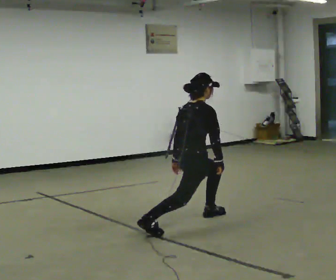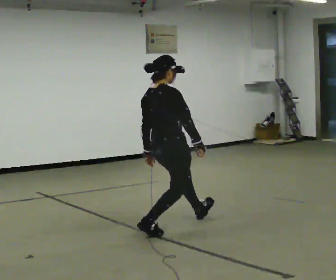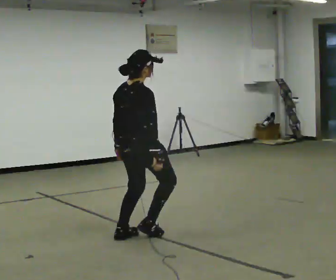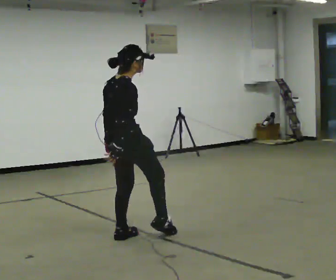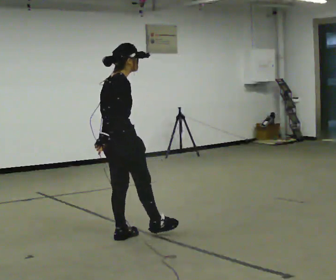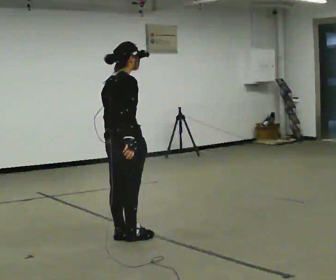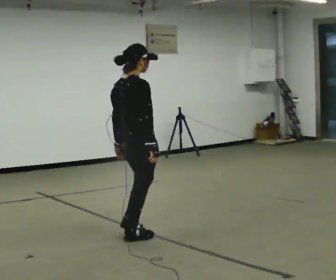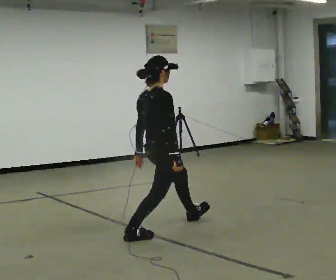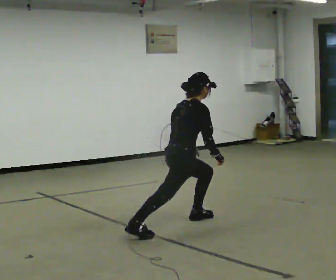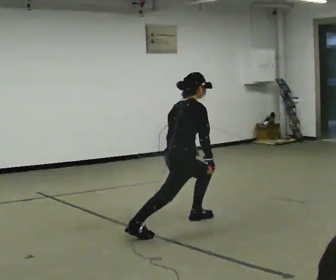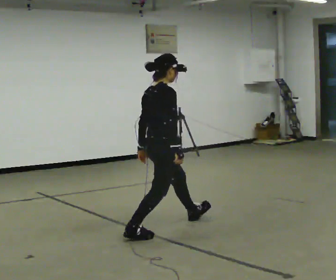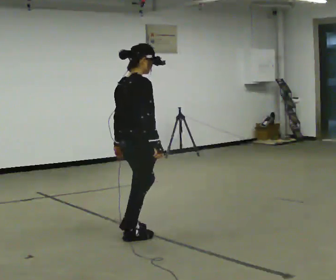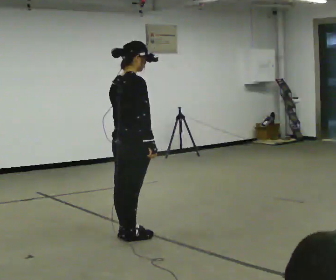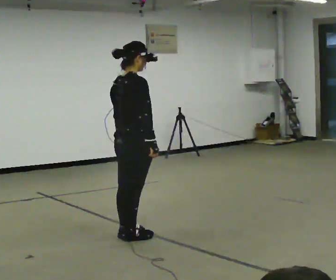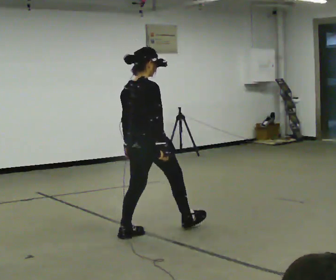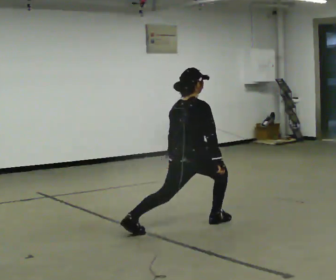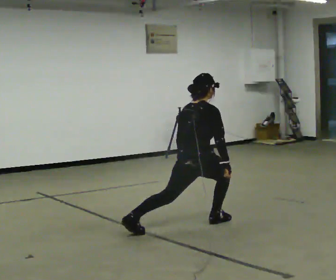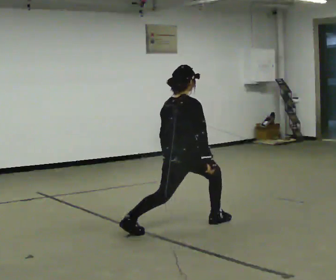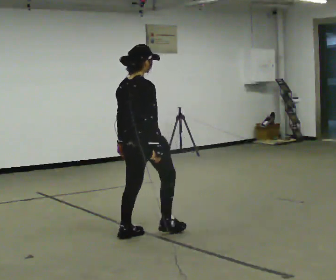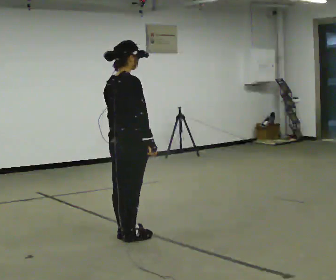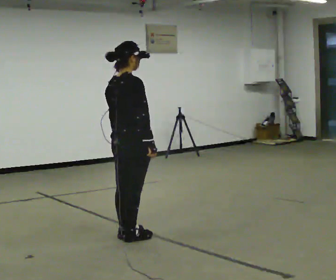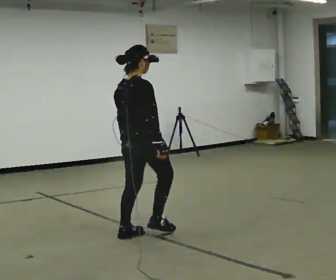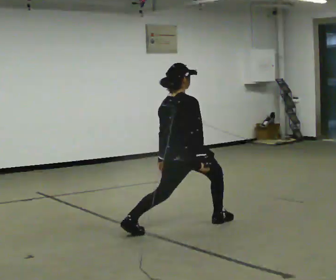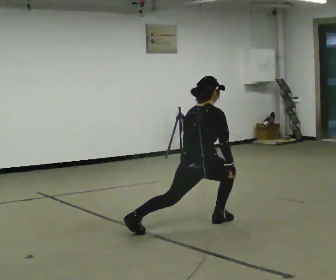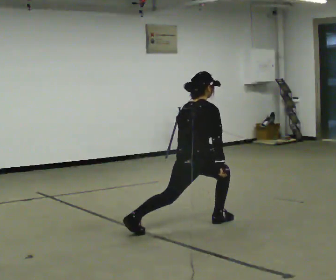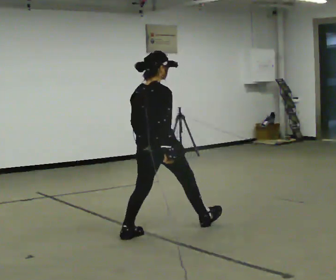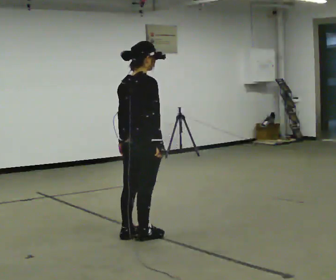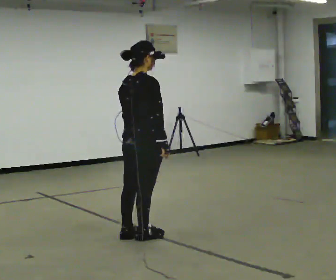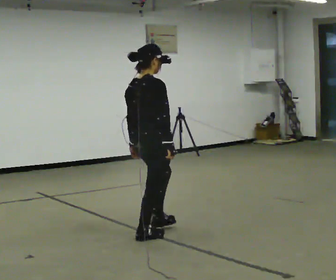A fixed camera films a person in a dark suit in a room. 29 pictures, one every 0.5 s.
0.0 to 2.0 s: In the picture they go to the left and toward the camera, about 1 m in 1 step, which for them is backward. The shoulders move upward. In the picture their right hand goes upward.
2.0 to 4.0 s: In the picture they go to the right and away from the camera, about 0.75 m in 2 steps, which for them is forward. The upper body goes downward.
4.0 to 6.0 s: In the picture they go to the left and toward the camera, about 0.5 m in 1 step, which for them is backward and to their right. The shoulders move upward. In the picture the upper body tilts counterclockwise, shoulders to the left, as they lean back or straighten.
6.0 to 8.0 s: In the picture they go to the right and away from the camera, about 0.75 m in 1 step, which for them is forward. The shoulders move downward.
8.0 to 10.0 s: In the picture they go to the left and toward the camera, about 0.75 m in 1 step, which for them is backward. The shoulders move upward.
10.0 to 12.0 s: In the picture they go to the right and away from the camera, about 0.5 m in 1 step, which for them is forward and to their right. The upper body goes downward.
12.0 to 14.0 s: In the picture they go to the left and toward the camera, about 0.5 m in 1 step, which for them is backward. The upper body goes upward.
The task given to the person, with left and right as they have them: Step forward into a lunge on the leg the operator calls, lowering your back knee toward the floor, then push back to standing. Then do the same stepping backward instead. Repeat the movement at your own pace until the operator says stop; do not rush.
The film runs forward here.
